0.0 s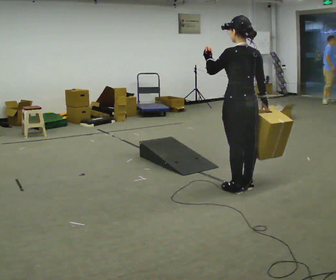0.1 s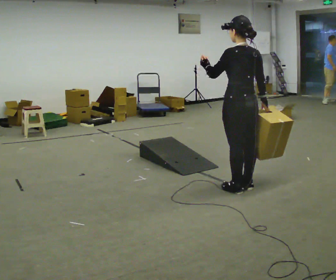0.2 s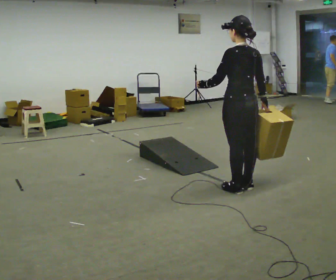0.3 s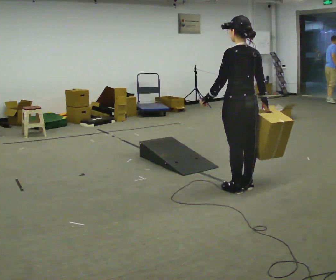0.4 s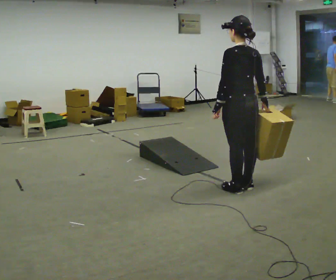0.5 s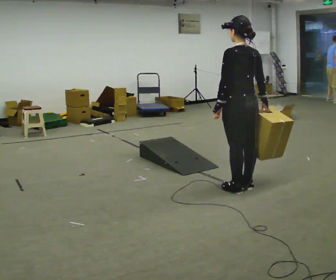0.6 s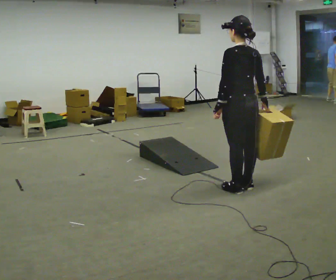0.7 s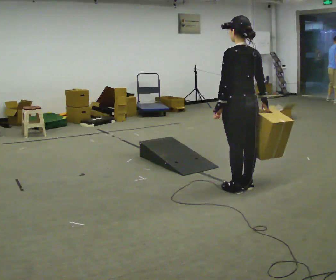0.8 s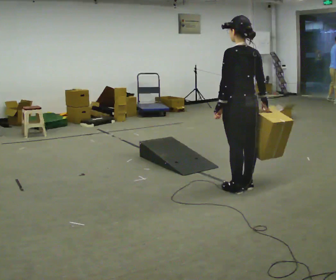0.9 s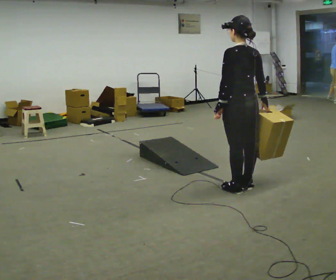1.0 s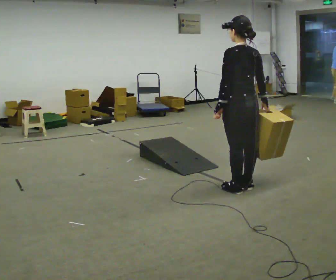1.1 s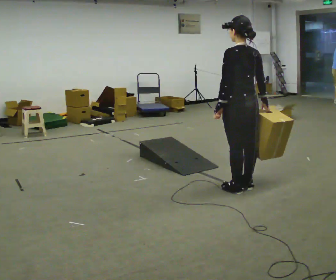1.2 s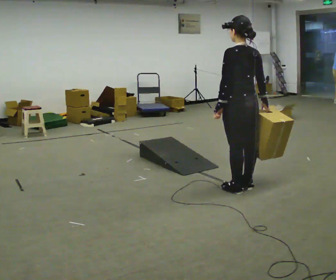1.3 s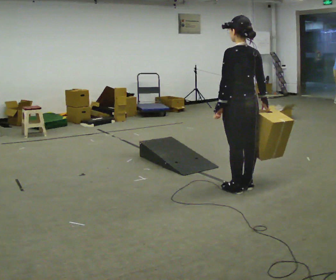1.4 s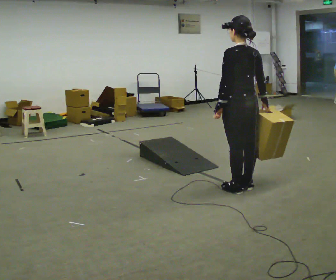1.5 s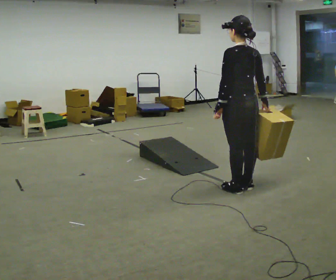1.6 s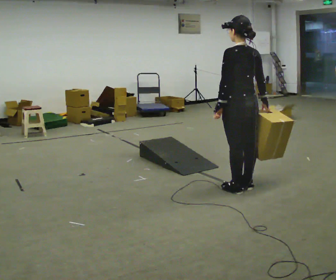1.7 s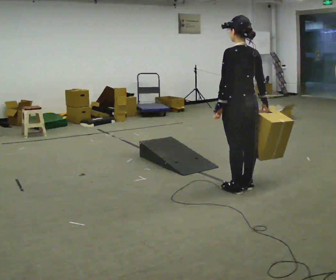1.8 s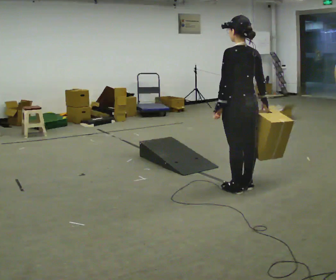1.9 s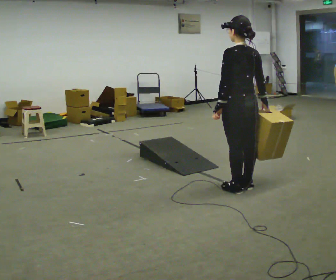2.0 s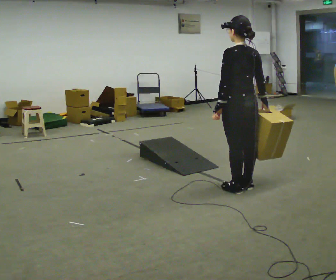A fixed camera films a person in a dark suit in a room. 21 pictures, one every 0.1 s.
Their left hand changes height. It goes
downward.
0.0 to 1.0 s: In the picture their left hand goes downward.
1.0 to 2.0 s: The person keeps their place and pose.
The film runs backward here.
